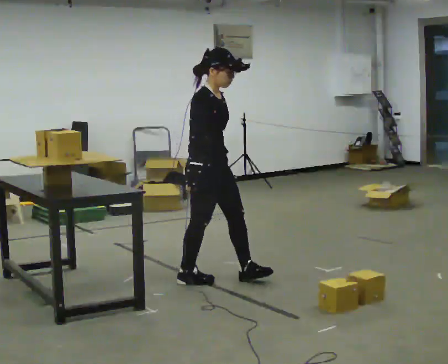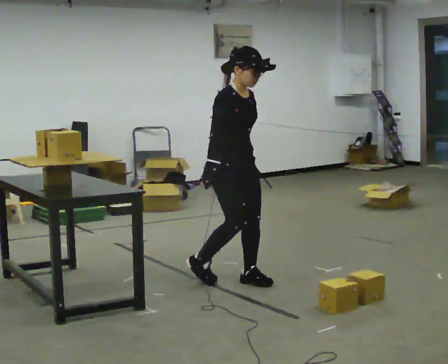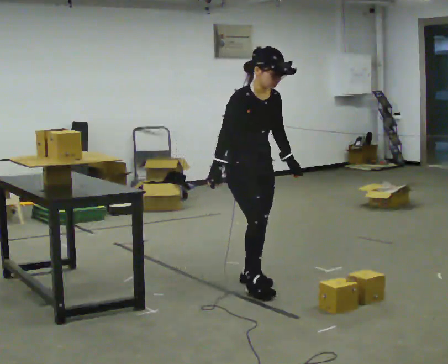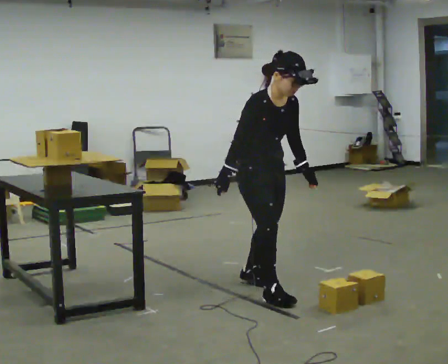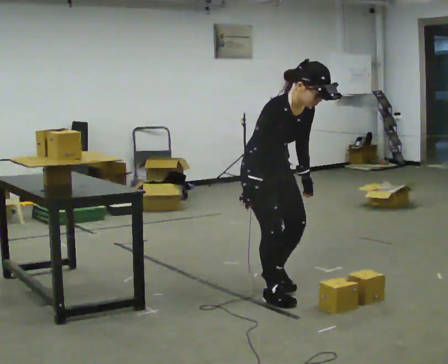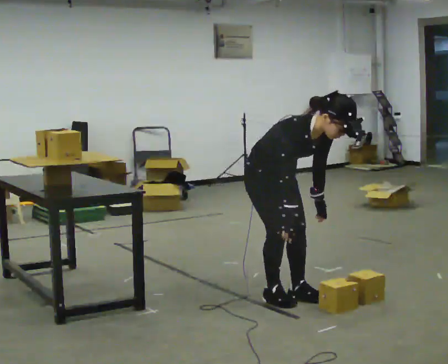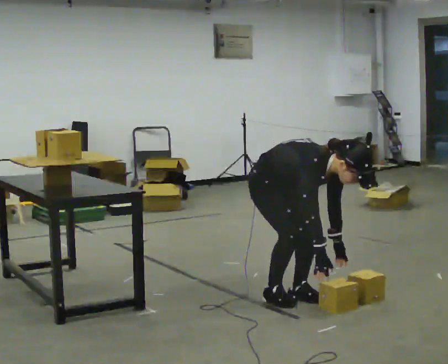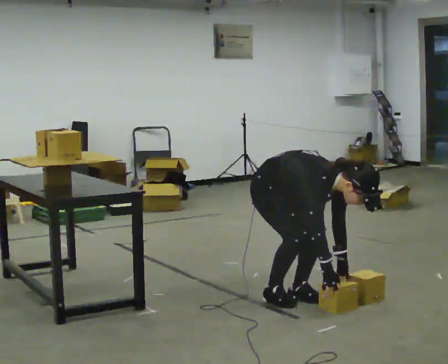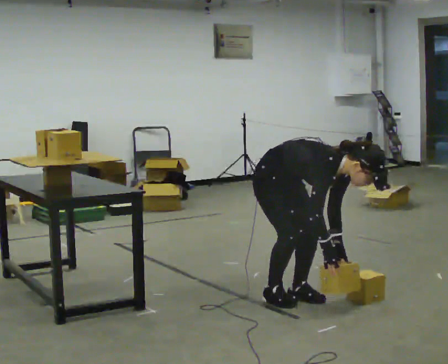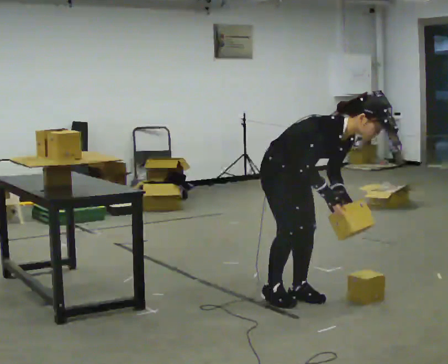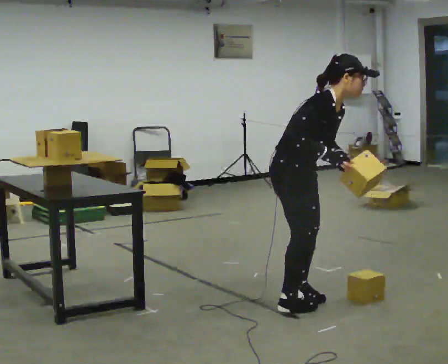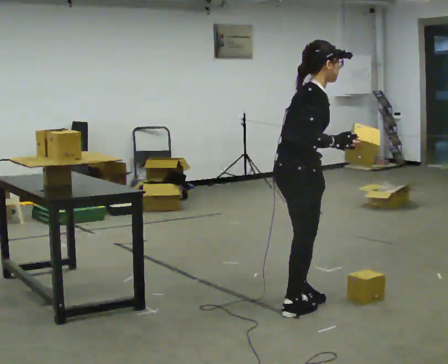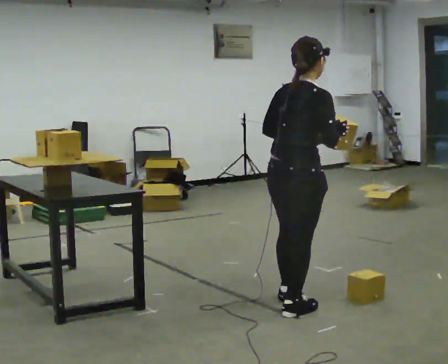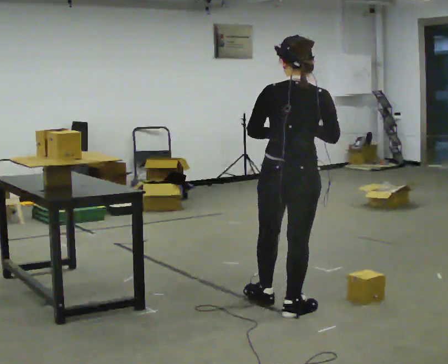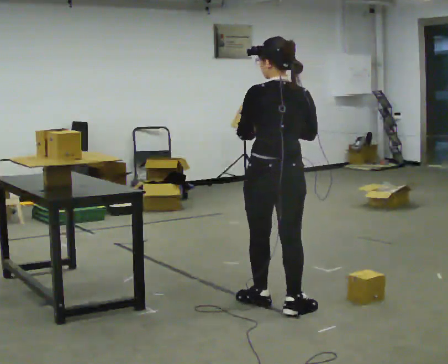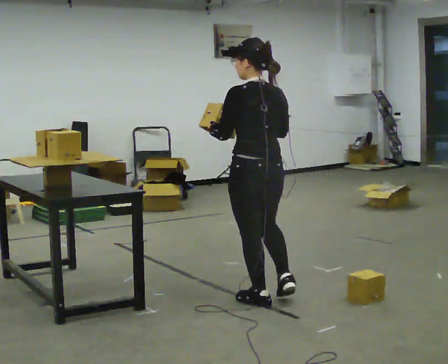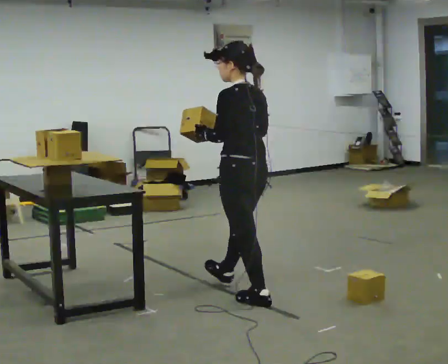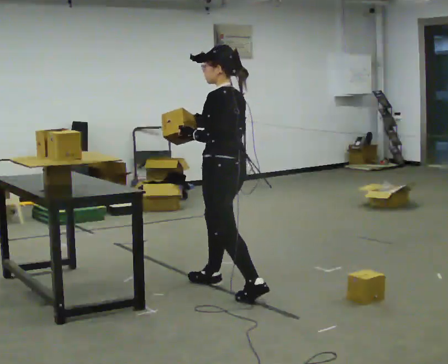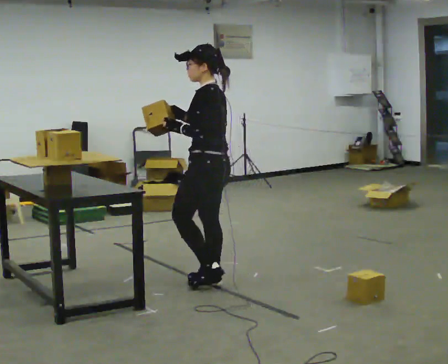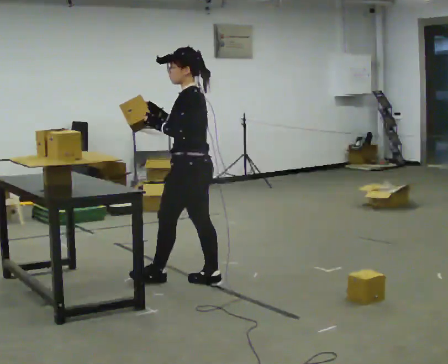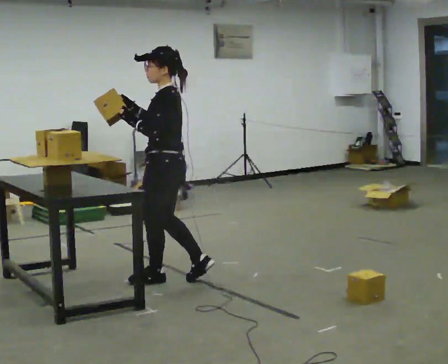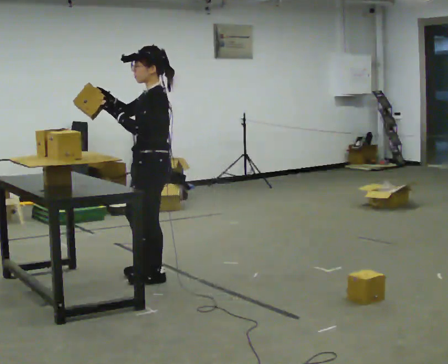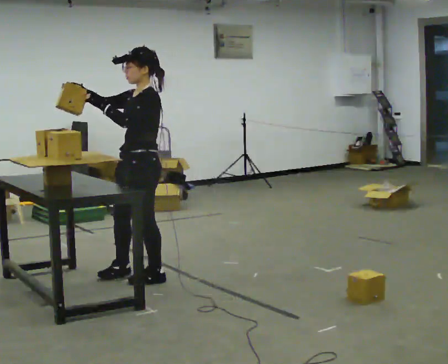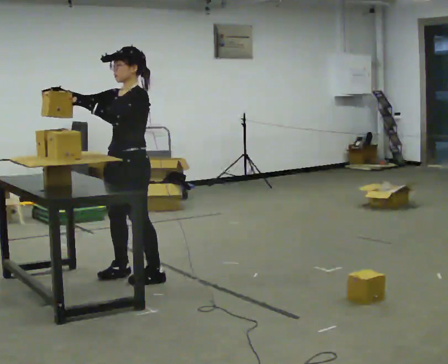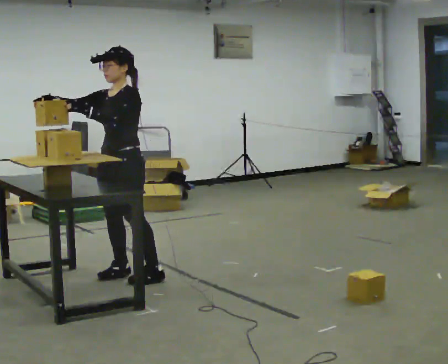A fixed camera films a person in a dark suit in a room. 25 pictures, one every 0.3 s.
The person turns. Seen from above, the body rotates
counterclockwise.
The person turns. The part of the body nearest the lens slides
to the right.
0.0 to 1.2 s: In the picture they go to the right and toward the camera, about 0.5 m in 2 steps, which for them is forward. In the picture the upper body tilts clockwise, shoulders to the right, as they bend forward.
1.2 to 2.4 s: In the picture the upper body tilts clockwise, shoulders to the right, as they bend forward. In the picture their right hand goes to the right and downward.
2.4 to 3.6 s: The part of the body nearest the lens slides to the right as the person turns to their left by about 75 degrees. In the picture they go toward the camera, about 0.25 m in 1 step. The shoulders move upward. In the picture the upper body tilts counterclockwise, shoulders to the left, as they lean back or straighten. In the picture their right hand goes upward.
3.6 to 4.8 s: The part of the body nearest the lens slides to the right as the person turns to their left by about 90 degrees. In the picture they go away from the camera and to the left, about 0.5 m in 1 step.
4.8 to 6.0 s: Seen from above the body turns counterclockwise, about 30 degrees: to their left, with its near side sliding to the right. In the picture they go to the left and away from the camera, about 0.75 m in 2 steps, which for them is forward.
6.0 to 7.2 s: The part of the body nearest the lens slides to the right as the person turns to their left by about 60 degrees. In the picture they go to the left, about 0.25 m in 1 step, which for them is forward and to their right.
The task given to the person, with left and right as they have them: Carry the object over and set it down on the wobbly board without tipping it over. Keep going until the operator says stop; one object at a time, and do not rush between trips.
The film runs forward here.
